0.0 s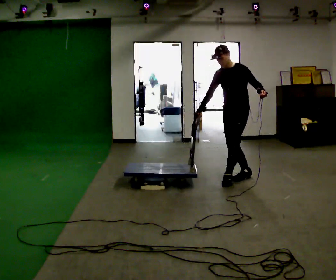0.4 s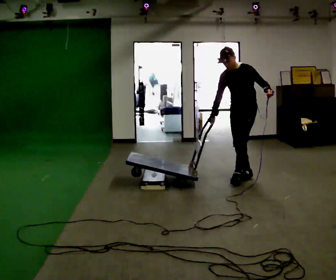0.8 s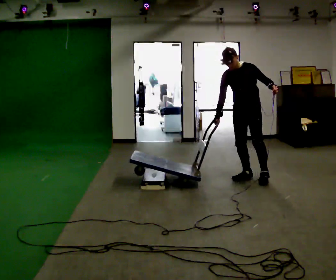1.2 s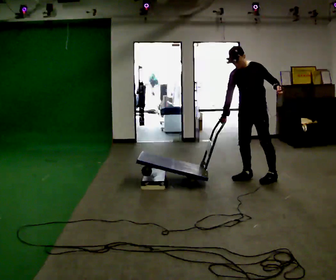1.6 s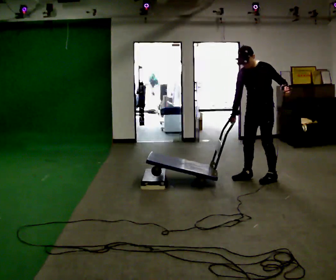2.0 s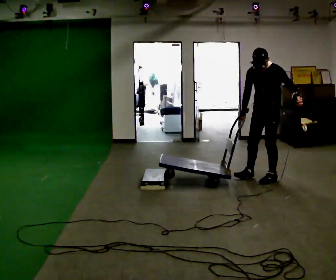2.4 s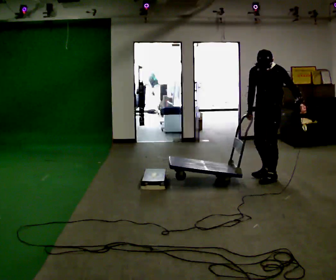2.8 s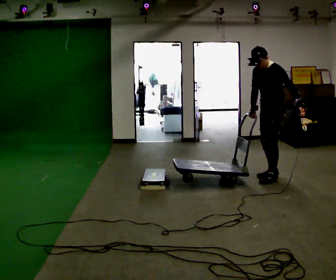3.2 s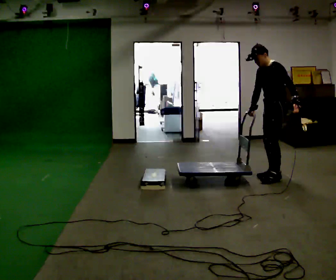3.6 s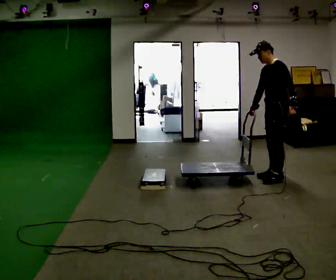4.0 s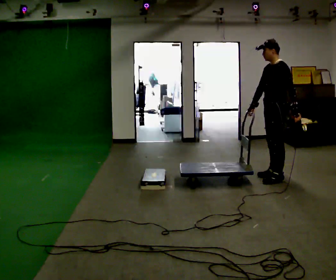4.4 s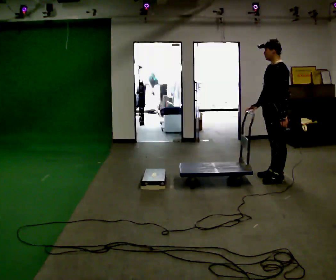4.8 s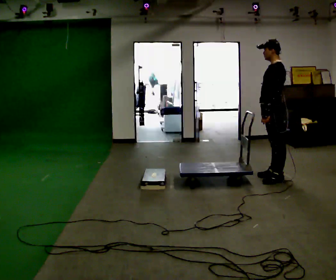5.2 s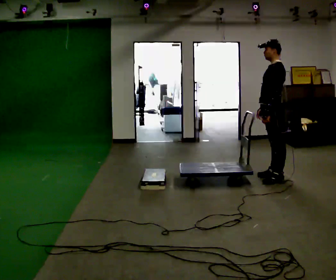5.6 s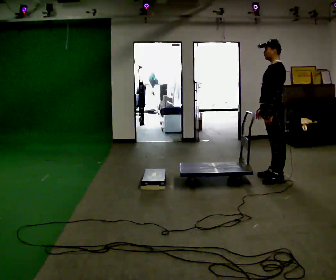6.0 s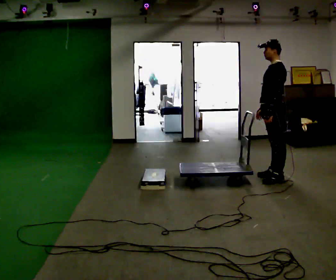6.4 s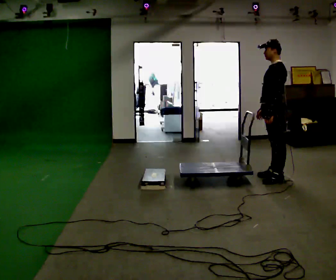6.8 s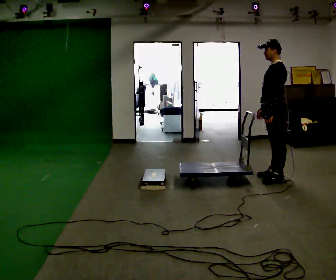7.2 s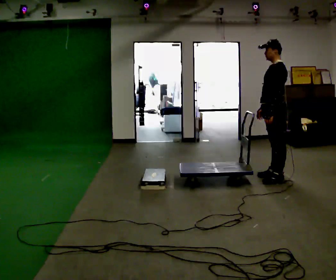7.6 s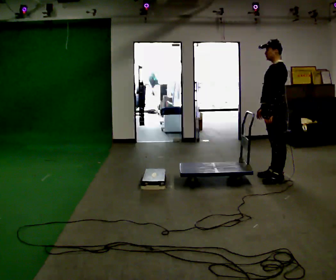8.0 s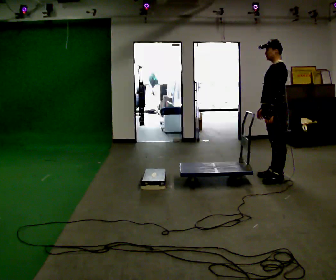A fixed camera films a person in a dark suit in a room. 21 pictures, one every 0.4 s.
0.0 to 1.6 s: In the picture they go to the right, about 0.25 m in 1 step, which for them is to their left and backward.
1.6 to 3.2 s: The person turns about 30 degrees to their right, clockwise seen from above, so the part of the body nearest the lens slides to the left. In the picture they go to the right, about 0.25 m in 1 step, which for them is backward and to their left.
3.2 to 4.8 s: In the picture the upper body tilts clockwise, shoulders to the right, as they lean back or straighten. In the picture their left hand goes to the left, the arm swinging clockwise.
4.8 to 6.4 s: The person moves a little, or ends about where they began.
6.4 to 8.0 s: The person keeps their place and pose.
The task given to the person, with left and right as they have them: Push the cart up over the low platform edge and down the other side, then bring it back over.
The film runs forward here.
